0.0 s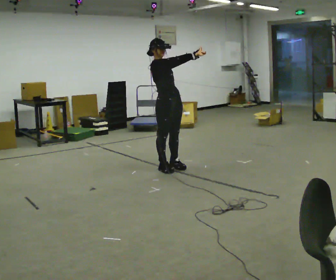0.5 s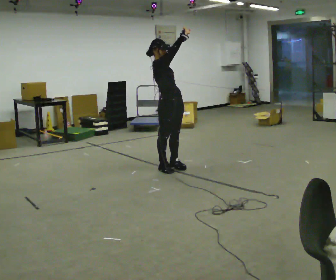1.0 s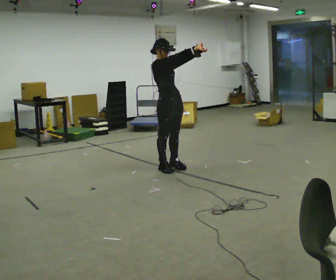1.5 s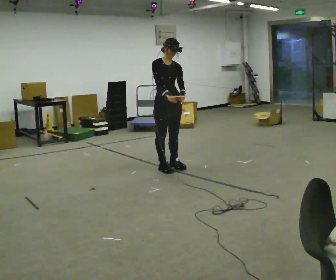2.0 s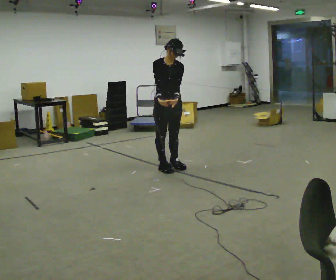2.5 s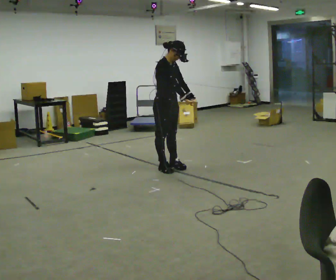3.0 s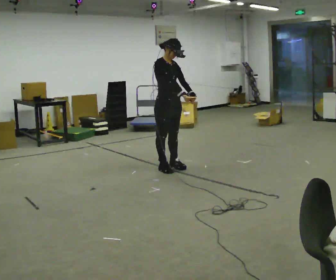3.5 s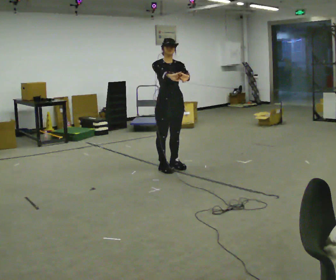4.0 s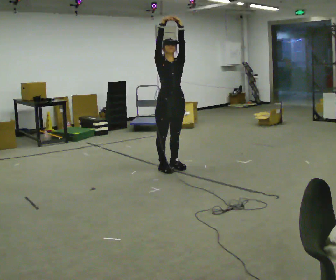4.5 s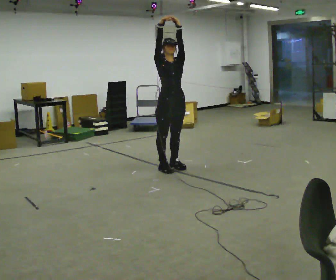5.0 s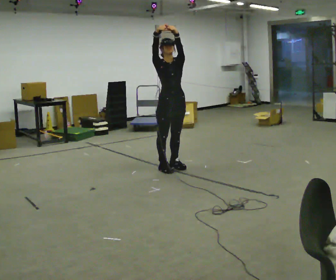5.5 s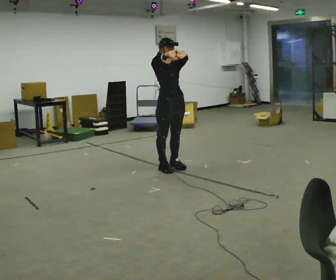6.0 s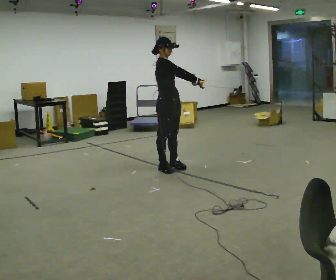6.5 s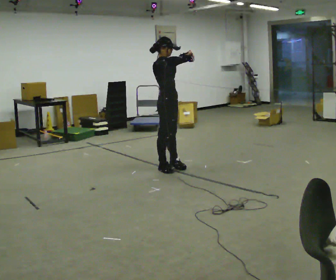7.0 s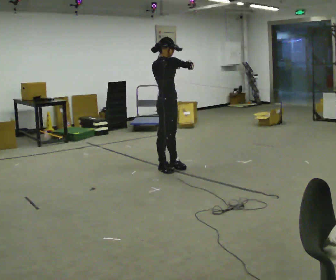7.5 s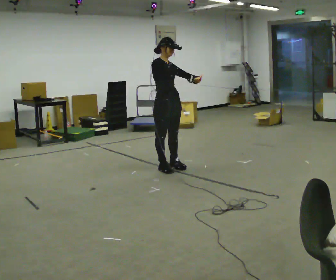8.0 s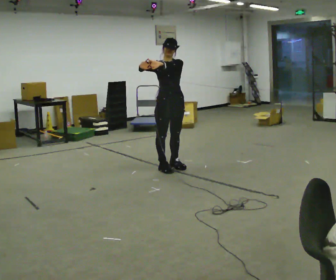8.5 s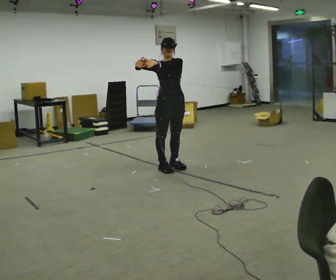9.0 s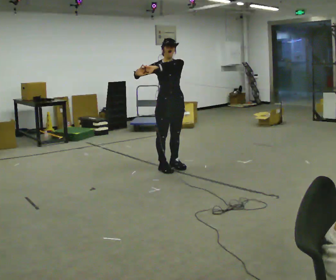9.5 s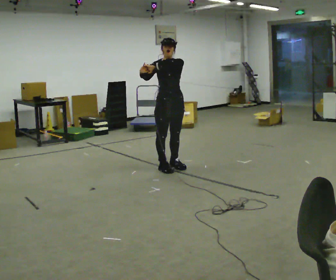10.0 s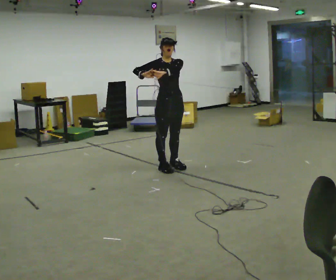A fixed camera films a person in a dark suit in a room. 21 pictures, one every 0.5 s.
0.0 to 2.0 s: The person turns about 30 degrees to their right, clockwise seen from above, so the part of the body nearest the lens slides to the left. In the picture the upper body tilts clockwise, shoulders to the right, as they bend forward. In the picture their left hand goes downward.
2.0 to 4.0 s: In the picture their left hand goes upward.
4.0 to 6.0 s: The part of the body nearest the lens slides to the right as the person turns to their left by about 45 degrees. In the picture their left hand goes downward.
6.0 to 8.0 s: Seen from above the body turns clockwise, about 45 degrees: to their right, with its near side sliding to the left. In the picture their left hand goes to the left.
8.0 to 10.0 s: The person moves a little, or ends about where they began.
The film runs backward here.
